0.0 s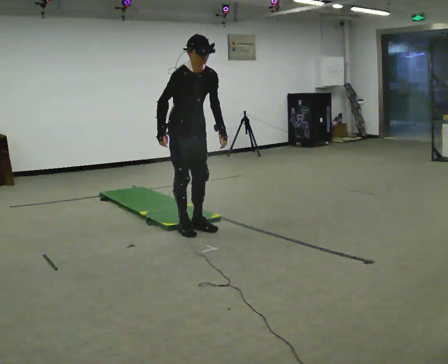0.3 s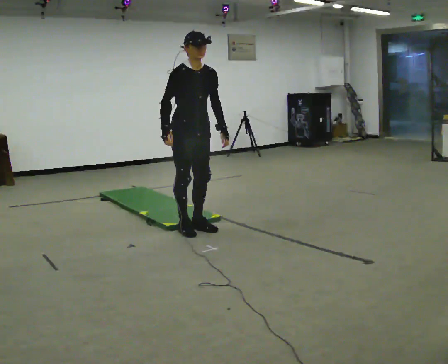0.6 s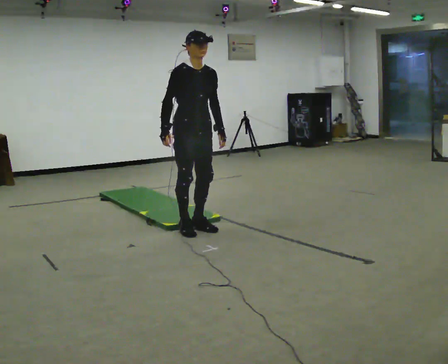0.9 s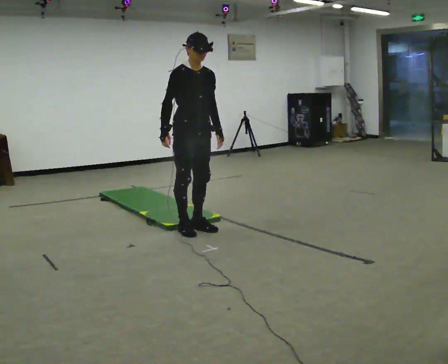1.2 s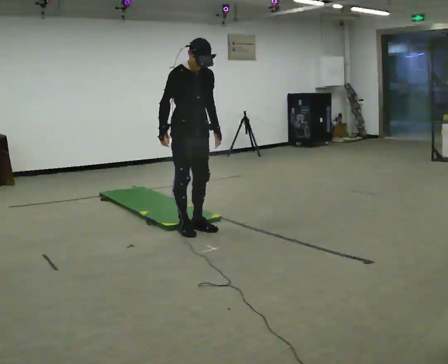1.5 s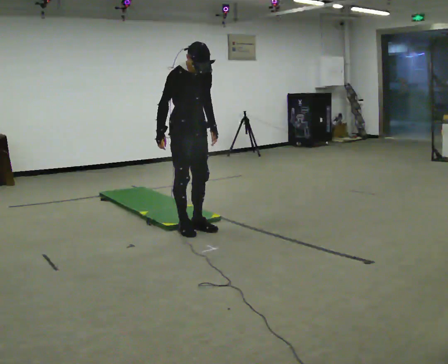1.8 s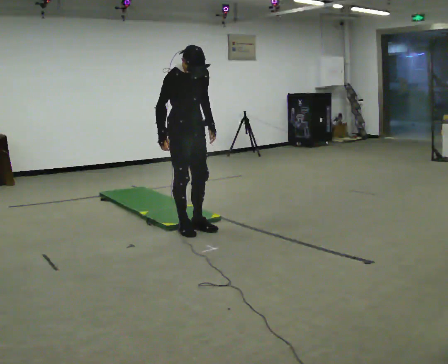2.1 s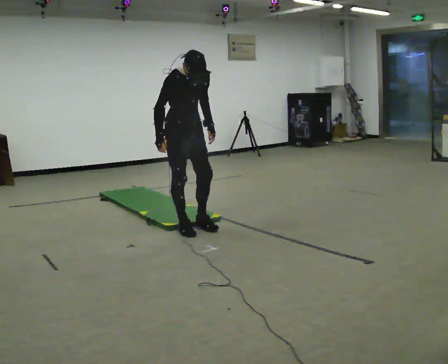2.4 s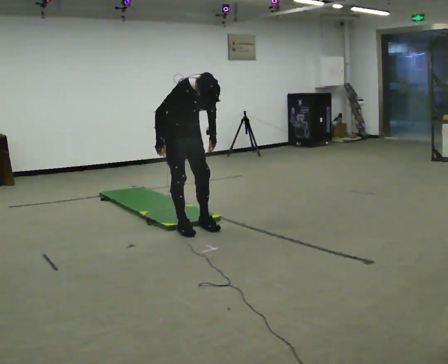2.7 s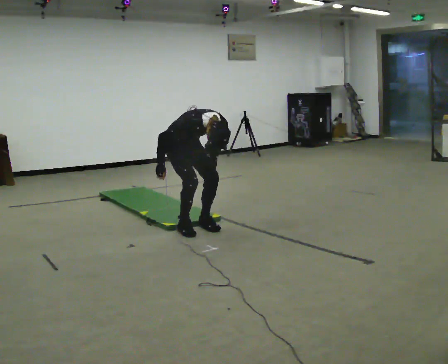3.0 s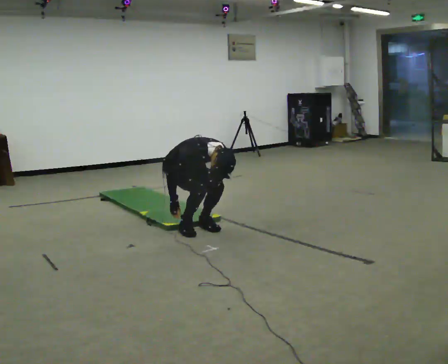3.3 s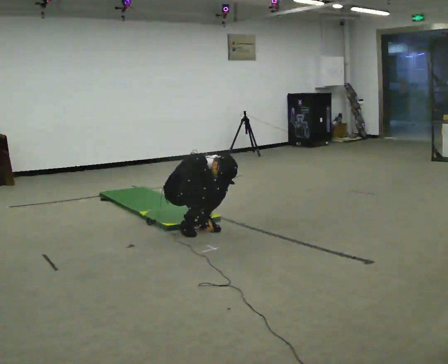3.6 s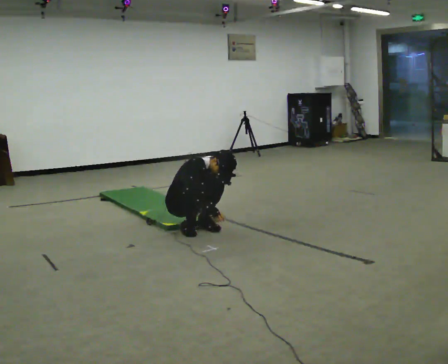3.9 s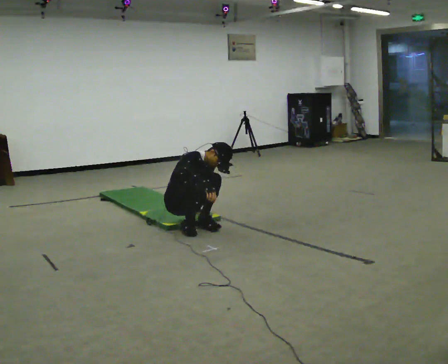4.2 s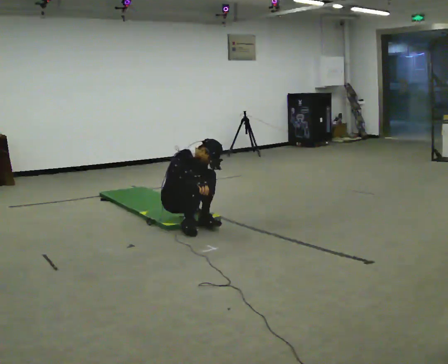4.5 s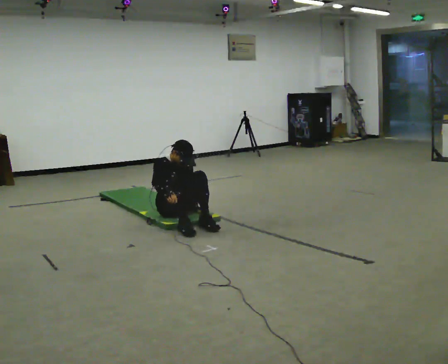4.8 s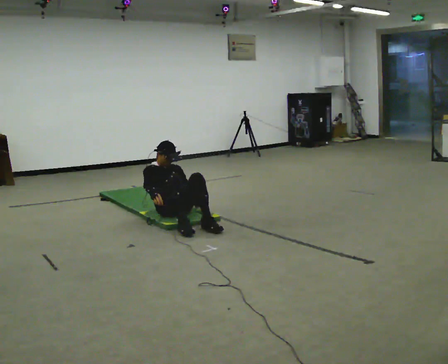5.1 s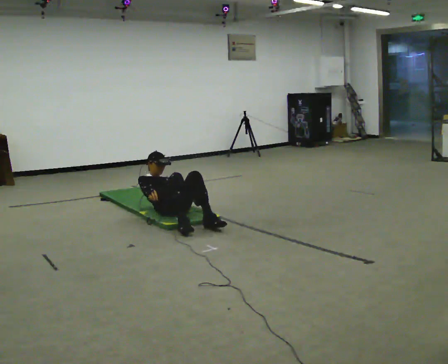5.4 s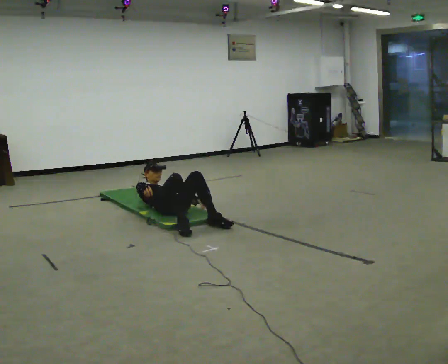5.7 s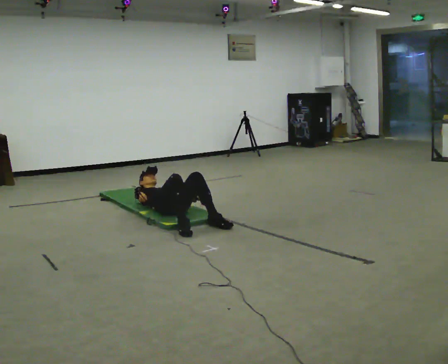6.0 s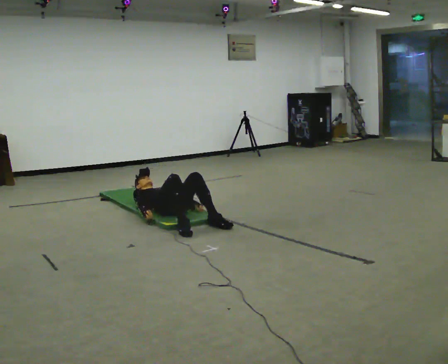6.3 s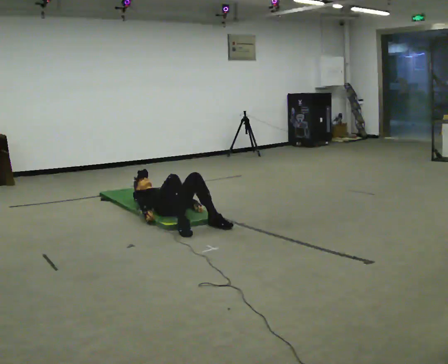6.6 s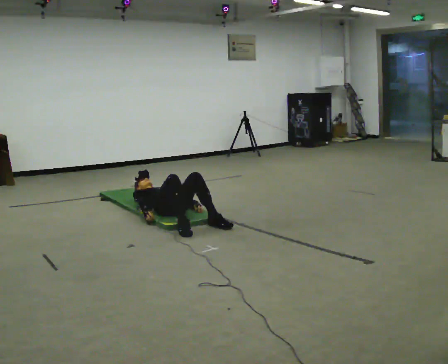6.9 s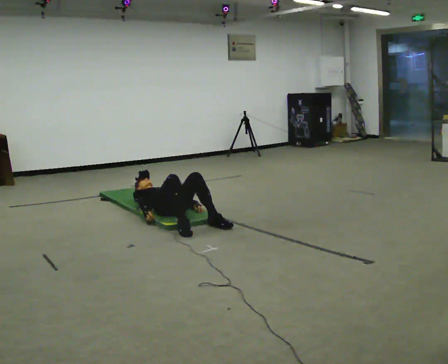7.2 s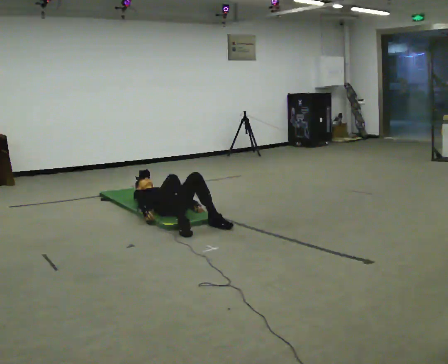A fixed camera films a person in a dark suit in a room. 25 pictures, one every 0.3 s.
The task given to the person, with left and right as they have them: From standing, lie down flat on your back, then get back up to standing in whatever way is natural. Repeat the movement at your own pace until the operator says stop; do not rush.
0.0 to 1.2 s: The person moves a little, or ends about where they began.
1.2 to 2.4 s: The shoulders move downward. The upper body tips toward the camera, its near side rolling downward, as they bend forward.
2.4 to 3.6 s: The upper body goes downward. In the picture their right hand goes downward and to the right.
3.6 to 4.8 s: In the picture they go away from the camera, about 0.25 m, which for them is backward. The upper body tips away from the camera, its near side rolling upward, as they lean back or straighten.
4.8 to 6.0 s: The shoulders move downward. The upper body tips away from the camera, its near side rolling upward, as they lean back or straighten.
6.0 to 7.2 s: The person keeps their place and pose.
The film runs forward here.
